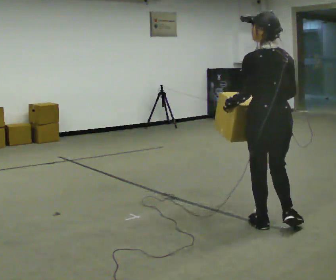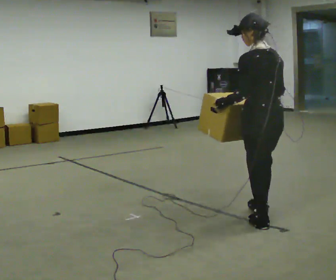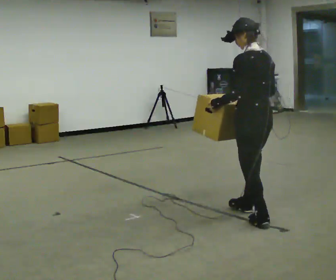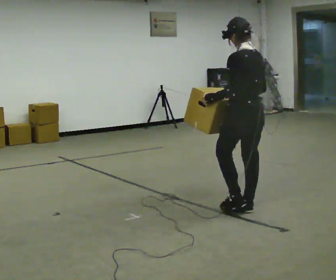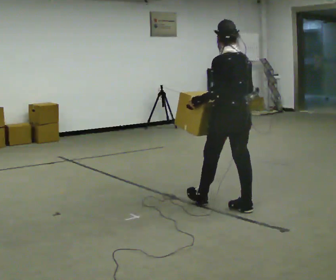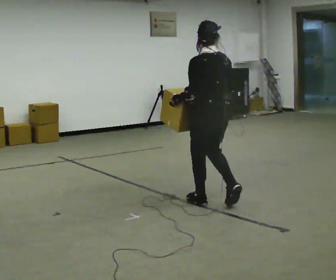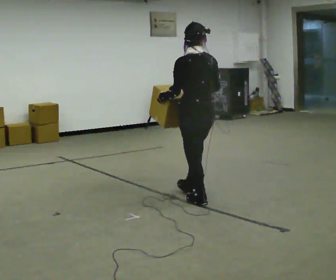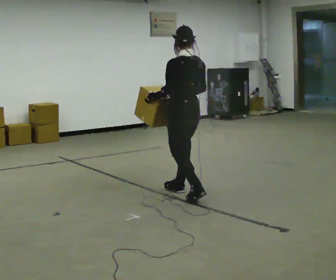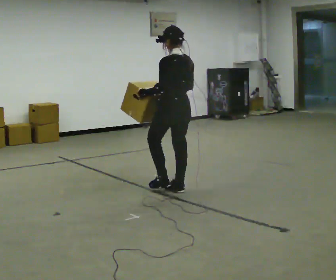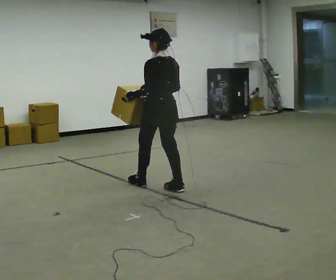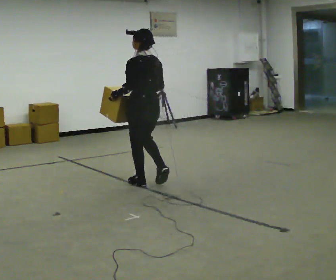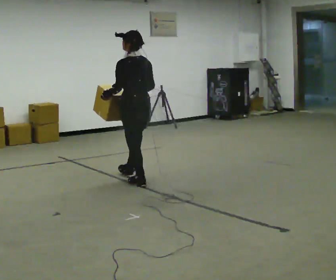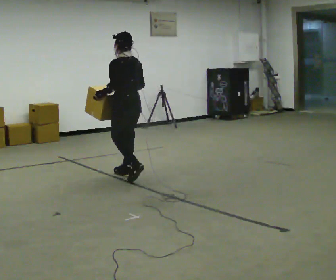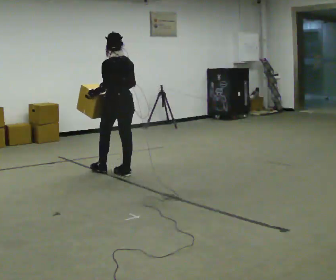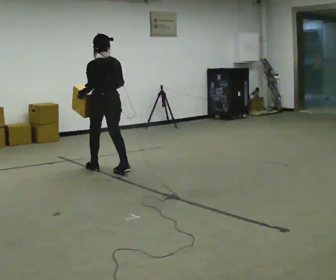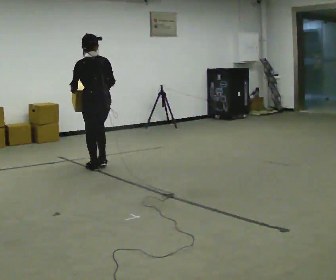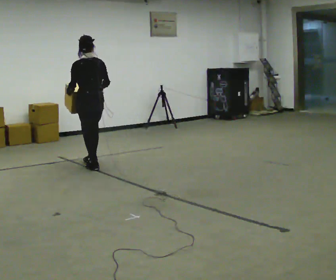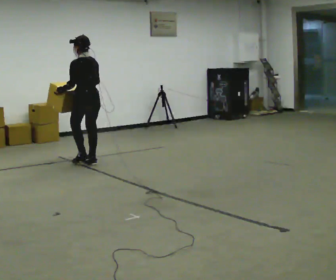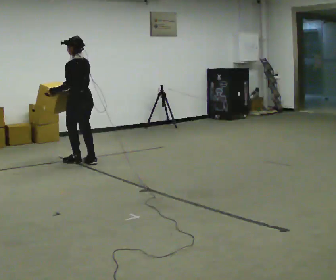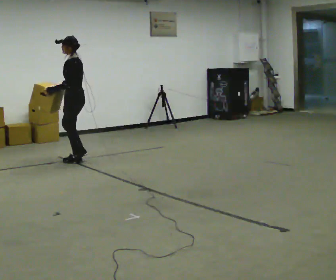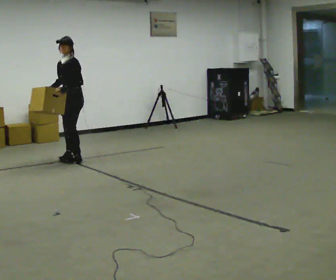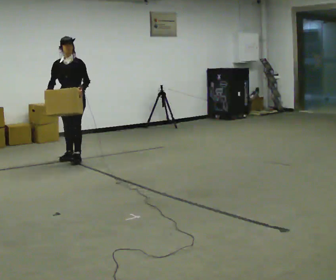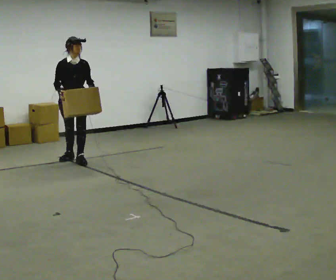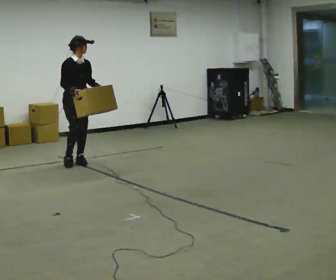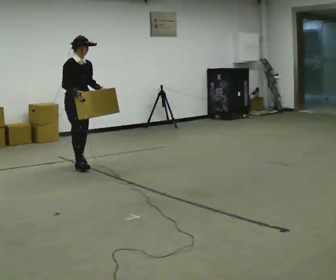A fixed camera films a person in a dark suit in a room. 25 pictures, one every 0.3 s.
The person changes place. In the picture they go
away from the camera.
0.0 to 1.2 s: The part of the body nearest the lens slides to the right as the person turns to their left by about 30 degrees. In the picture they go away from the camera, about 0.5 m in 1 step, which for them is forward.
1.2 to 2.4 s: In the picture they go away from the camera and to the left, about 1 m in 2 steps, which for them is forward.
2.4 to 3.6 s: In the picture they go away from the camera and to the left, about 1 m in 2 steps, which for them is forward.
3.6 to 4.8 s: In the picture they go away from the camera and to the left, about 0.5 m in 2 steps, which for them is forward.
4.8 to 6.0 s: The part of the body nearest the lens slides to the right as the person turns to their left by about 90 degrees. In the picture they go away from the camera and to the left, about 0.5 m in 2 steps.
6.0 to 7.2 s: Seen from above the body turns counterclockwise, about 105 degrees: to their left, with its near side sliding to the right. In the picture they go toward the camera, about 0.25 m in 1 step.
The film runs forward here.
